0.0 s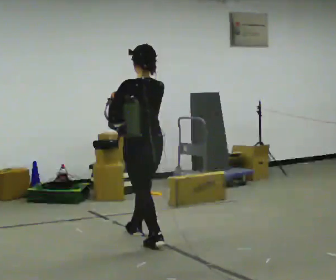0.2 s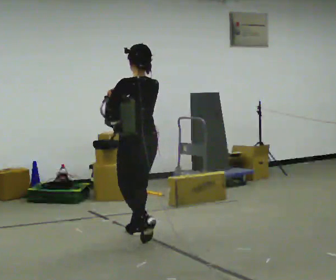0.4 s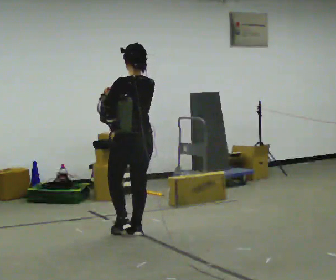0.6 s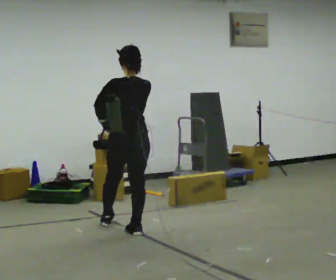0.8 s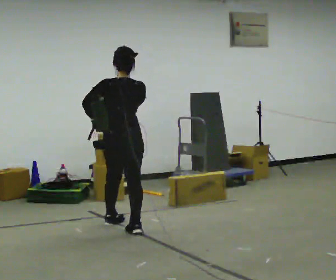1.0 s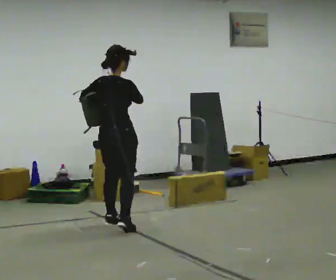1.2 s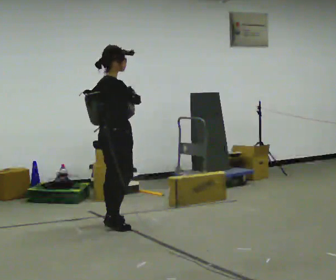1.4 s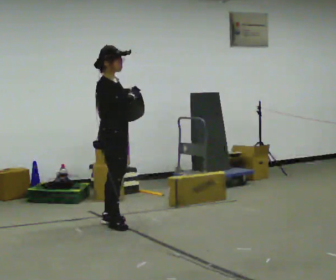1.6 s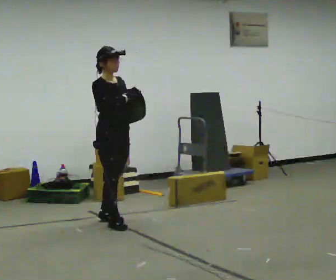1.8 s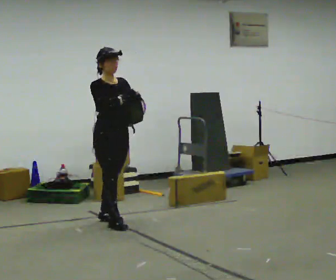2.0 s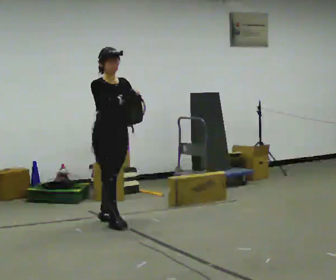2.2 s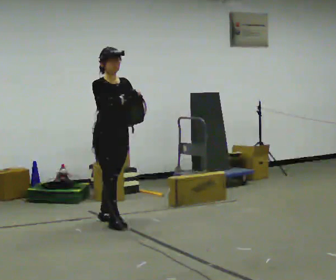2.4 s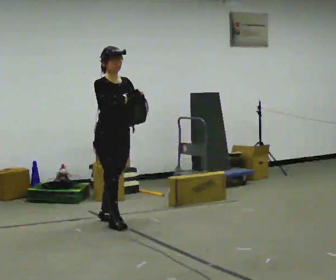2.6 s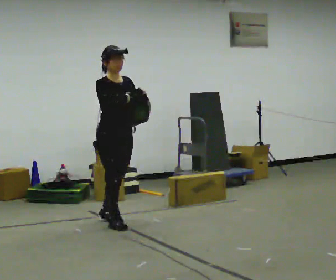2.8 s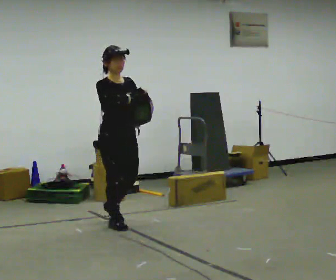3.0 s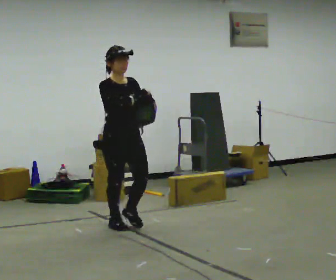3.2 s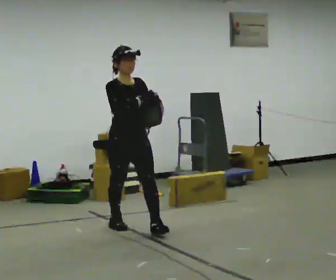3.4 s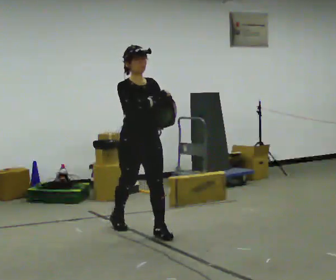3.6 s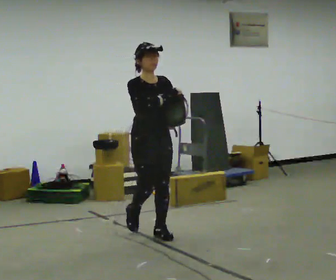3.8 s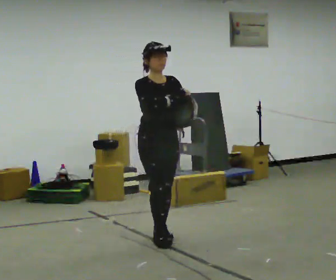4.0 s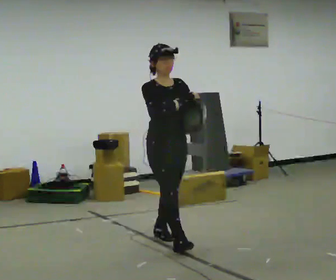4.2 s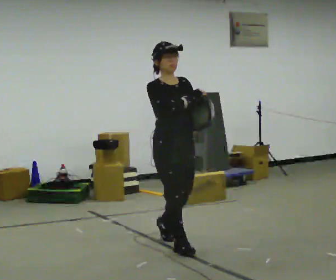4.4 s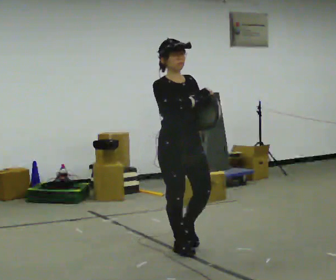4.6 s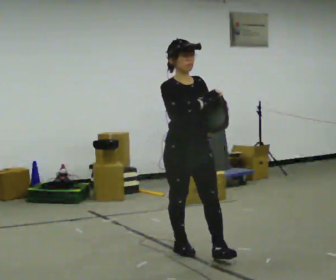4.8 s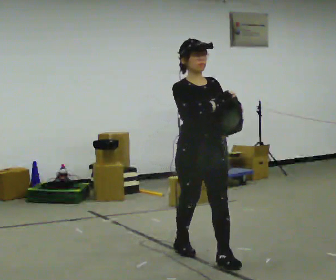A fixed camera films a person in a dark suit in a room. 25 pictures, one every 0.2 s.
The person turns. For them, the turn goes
to their right.
The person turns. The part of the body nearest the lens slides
to the left.
0.0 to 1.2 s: The person turns about 105 degrees to their right, clockwise seen from above, so the part of the body nearest the lens slides to the left. In the picture they go away from the camera and to the left, about 0.75 m in 1 step.
1.2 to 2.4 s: The part of the body nearest the lens slides to the left as the person turns to their right by about 75 degrees.
2.4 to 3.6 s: In the picture they go toward the camera and to the right, about 0.5 m in 1 step, which for them is forward.
3.6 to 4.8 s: In the picture they go toward the camera and to the right, about 1 m in 2 steps, which for them is forward.
The film runs forward here.
